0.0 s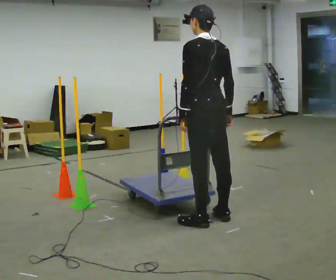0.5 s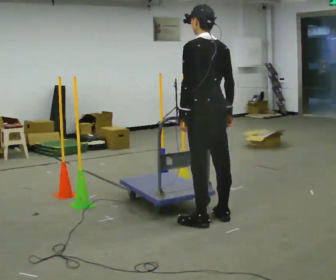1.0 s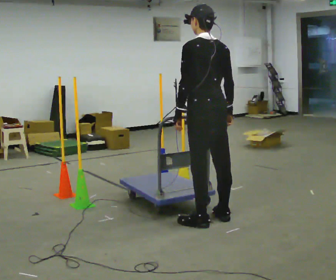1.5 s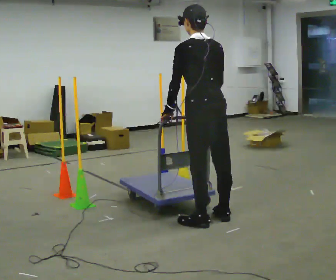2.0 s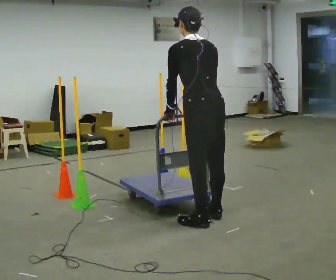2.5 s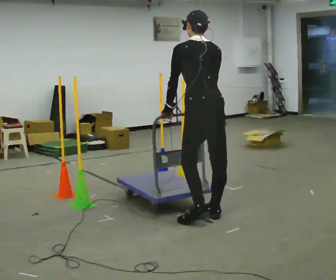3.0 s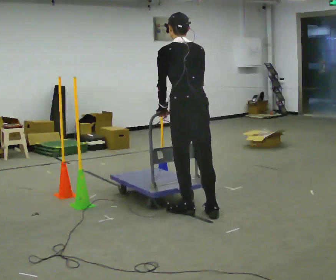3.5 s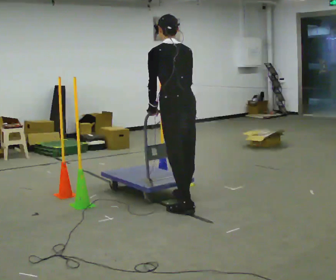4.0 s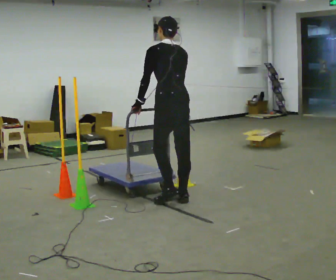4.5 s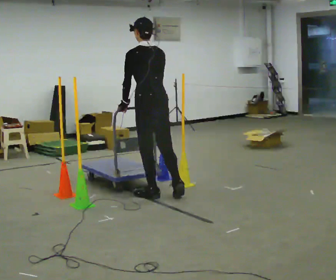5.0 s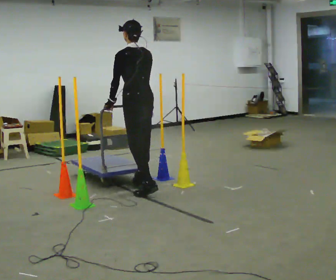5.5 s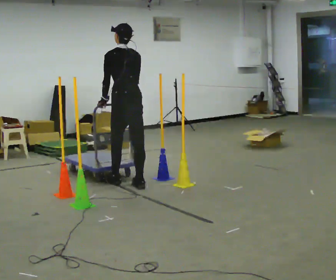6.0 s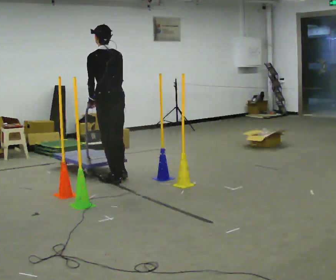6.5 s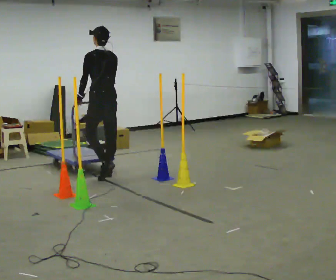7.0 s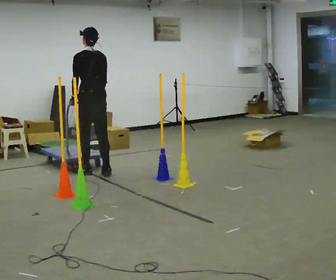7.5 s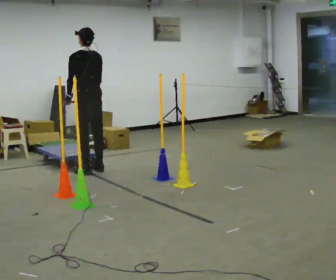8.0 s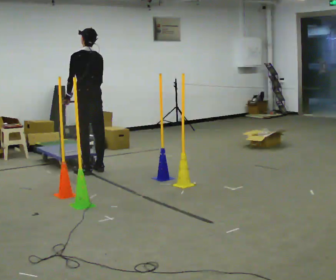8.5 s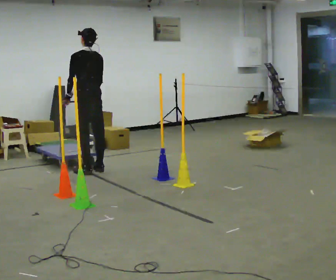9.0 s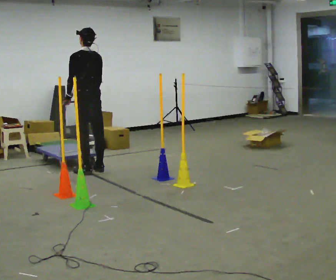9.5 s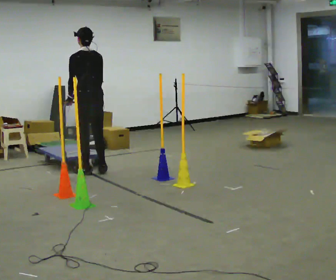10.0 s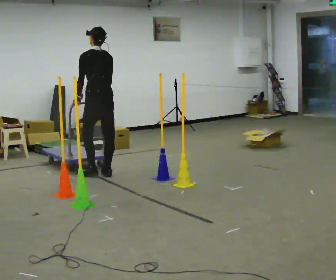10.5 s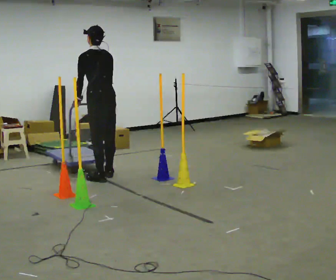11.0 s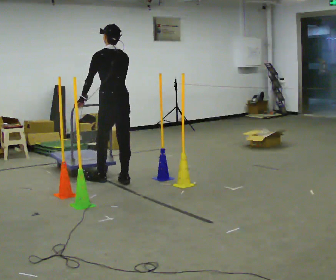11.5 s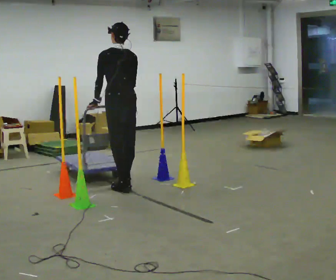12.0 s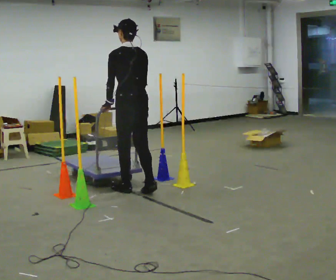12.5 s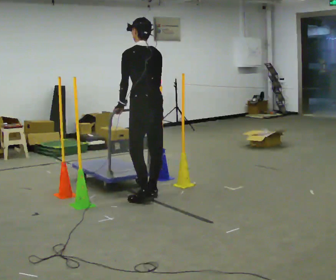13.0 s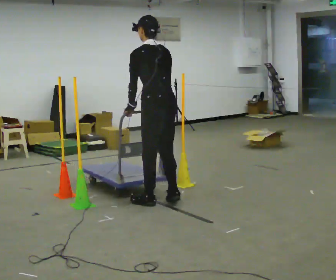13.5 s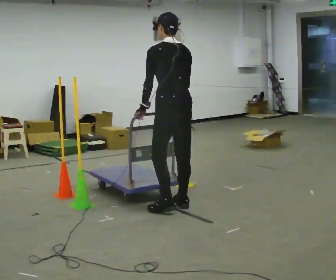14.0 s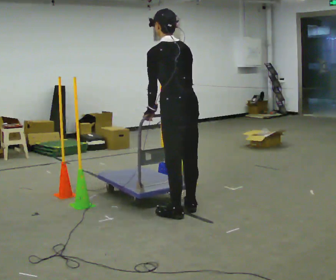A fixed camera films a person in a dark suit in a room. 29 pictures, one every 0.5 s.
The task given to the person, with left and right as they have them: Push the cart in and out of the line of poles without touching any of them. Keep going until the operator says stop.
0.0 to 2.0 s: The person moves a little, or ends about where they began.
2.0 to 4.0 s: In the picture they go away from the camera, about 0.5 m in 2 steps, which for them is forward.
4.0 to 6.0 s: In the picture they go away from the camera and to the left, about 1 m in 3 steps, which for them is forward.
6.0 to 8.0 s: In the picture they go away from the camera and to the left, about 0.5 m in 3 steps, which for them is forward.
8.0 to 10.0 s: In the picture they go toward the camera, about 0.25 m in 1 step, which for them is backward.
10.0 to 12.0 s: In the picture they go toward the camera and to the right, about 1 m in 3 steps, which for them is backward.
12.0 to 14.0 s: In the picture they go toward the camera and to the right, about 1 m in 4 steps, which for them is backward.
The film runs forward here.
